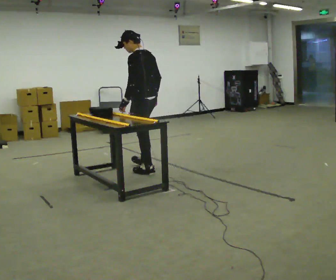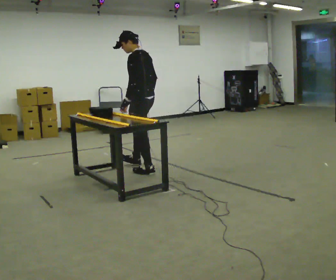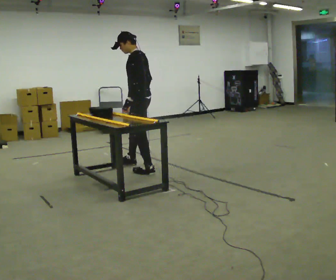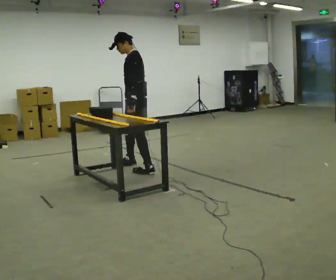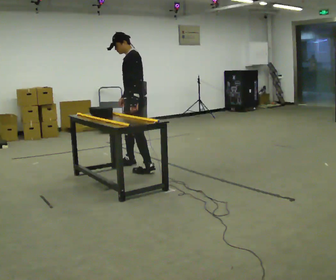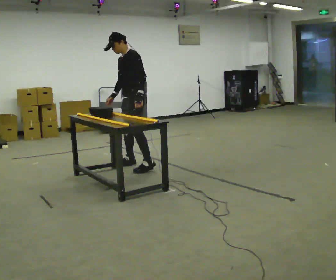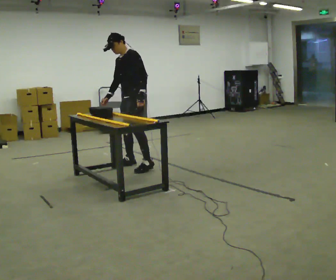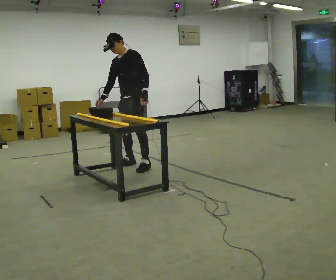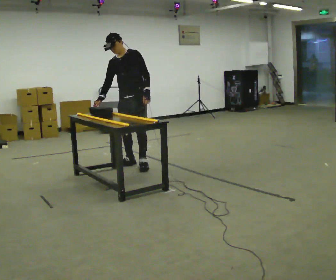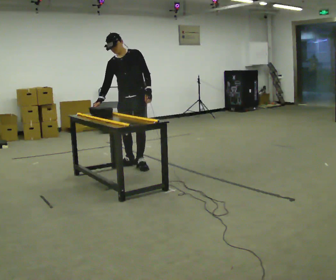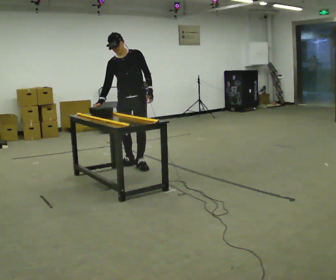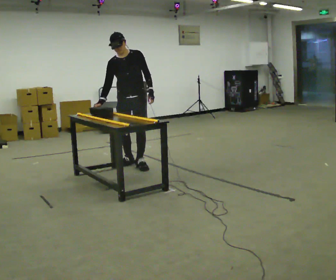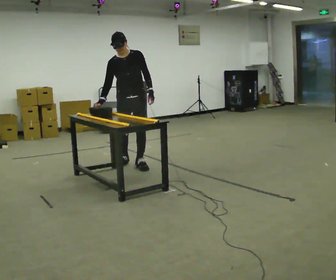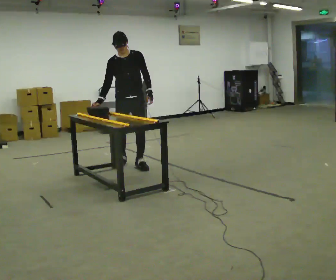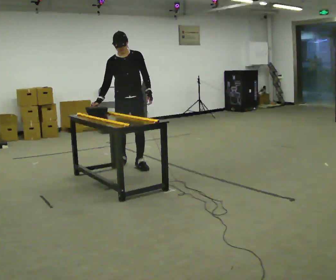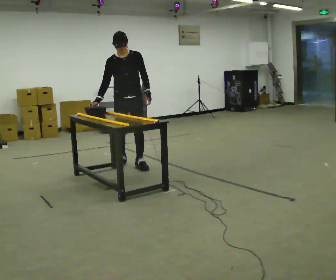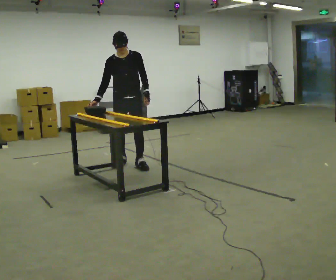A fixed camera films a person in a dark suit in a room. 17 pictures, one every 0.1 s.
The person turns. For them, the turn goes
to their left.
Their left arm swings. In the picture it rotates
counterclockwise.
0.0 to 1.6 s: The person turns about 135 degrees to their left, counterclockwise seen from above, so the part of the body nearest the lens slides to the right. In the picture they go away from the camera and to the left, about 0.5 m in 3 steps.
The film runs forward here.
